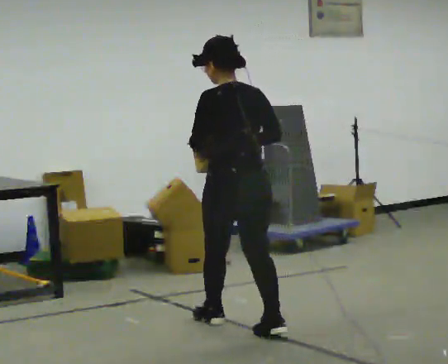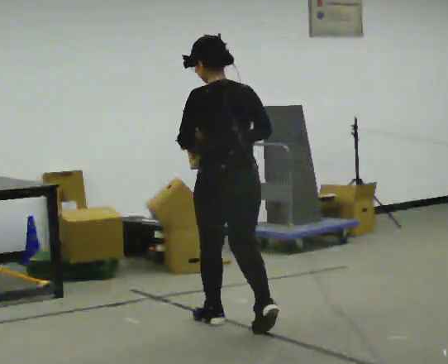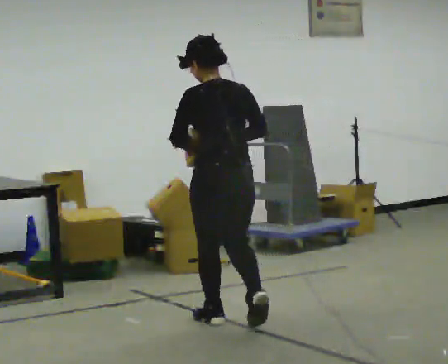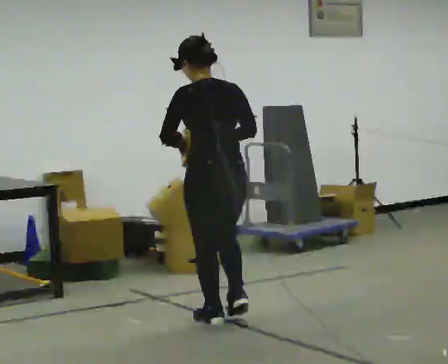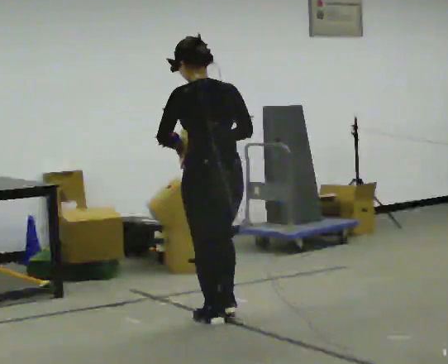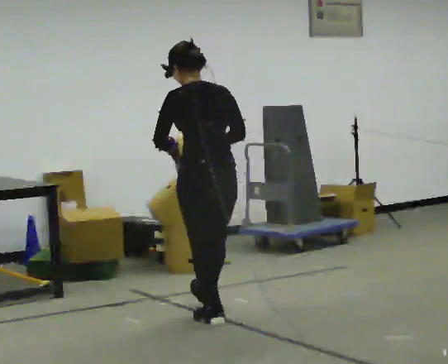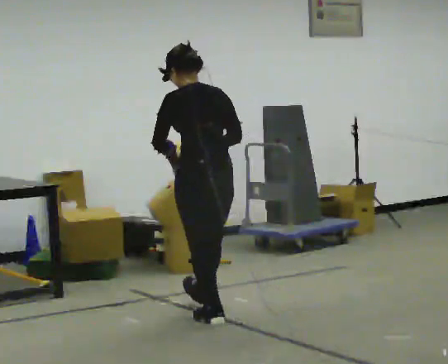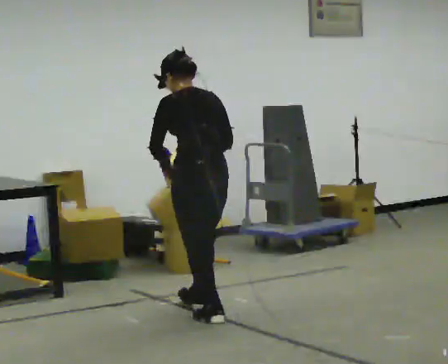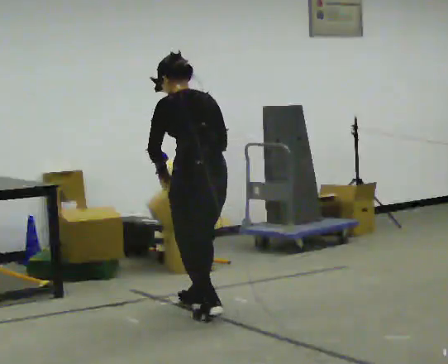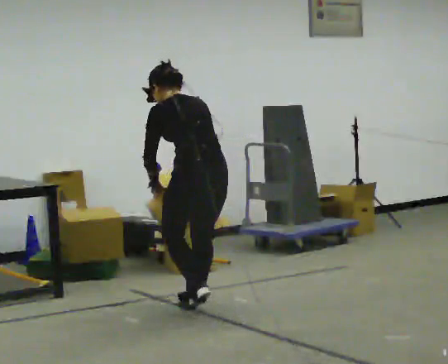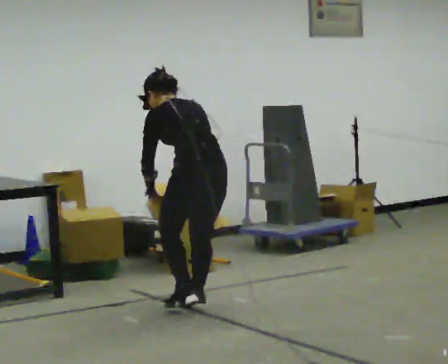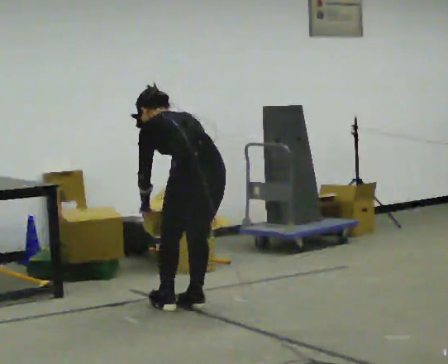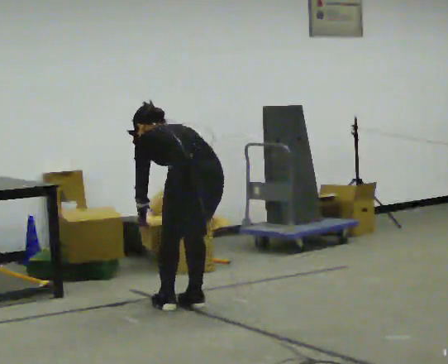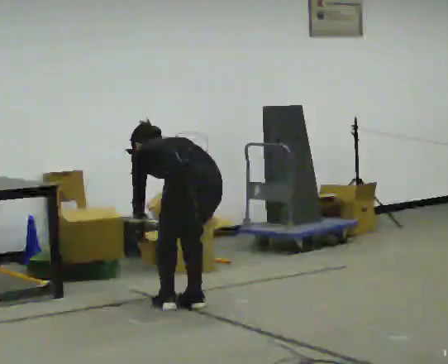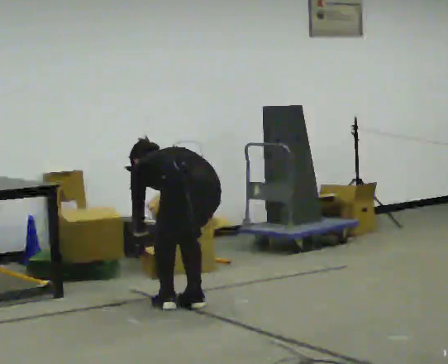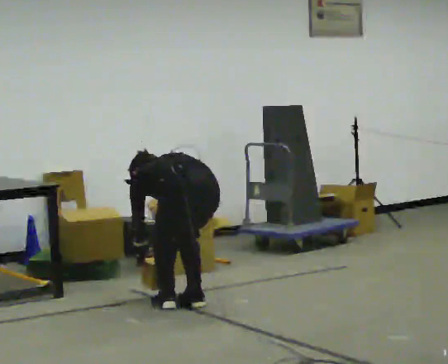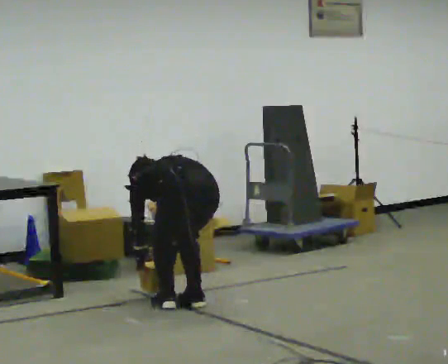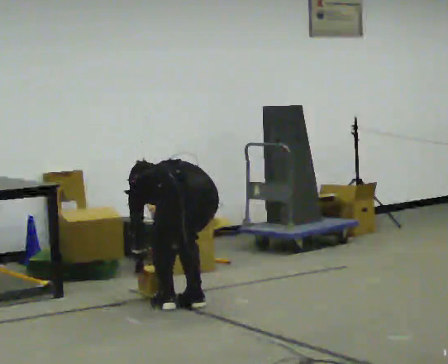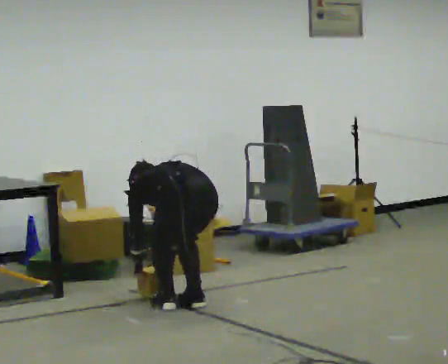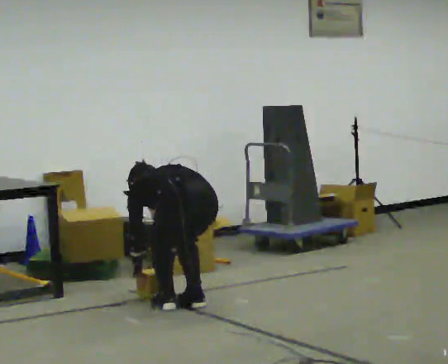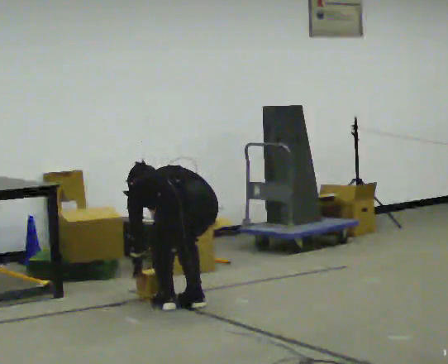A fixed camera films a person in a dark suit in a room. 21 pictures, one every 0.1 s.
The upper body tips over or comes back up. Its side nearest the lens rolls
upward.
Their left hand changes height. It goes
downward.
0.0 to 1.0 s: In the picture they go away from the camera, about 0.5 m in 1 step, which for them is forward. The upper body tips away from the camera, its near side rolling upward, as they bend forward.
1.0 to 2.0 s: The shoulders move downward. The upper body tips away from the camera, its near side rolling upward, as they bend forward. In the picture their left hand goes downward.
The film runs forward here.
